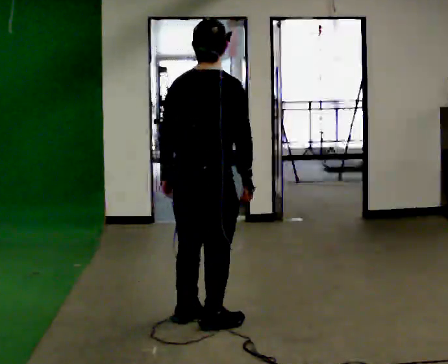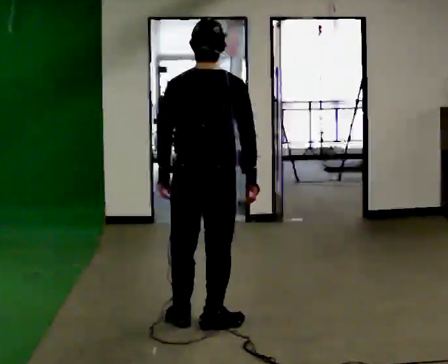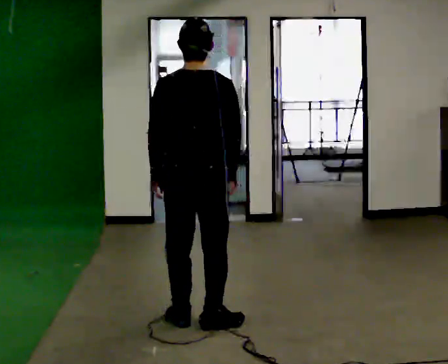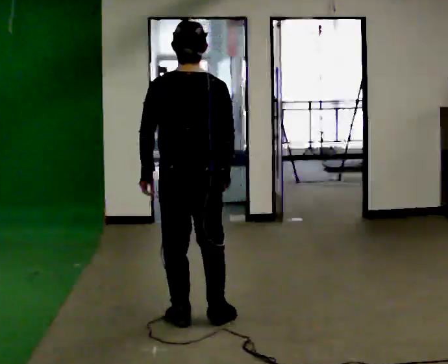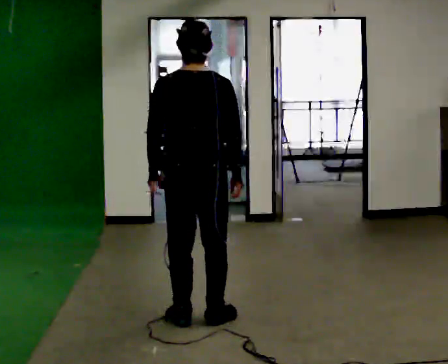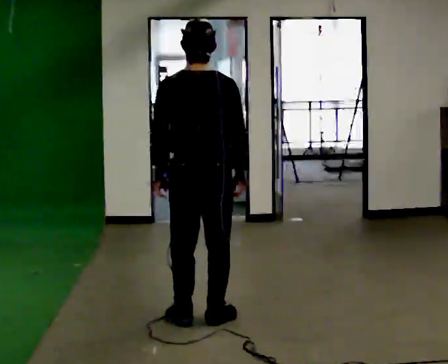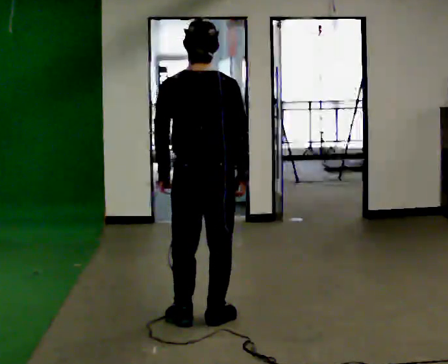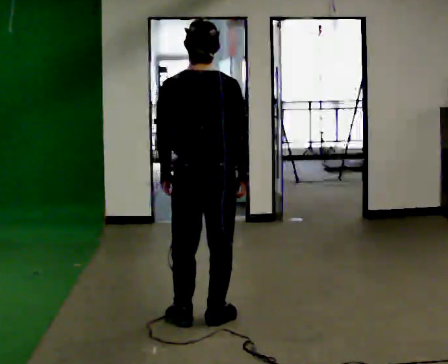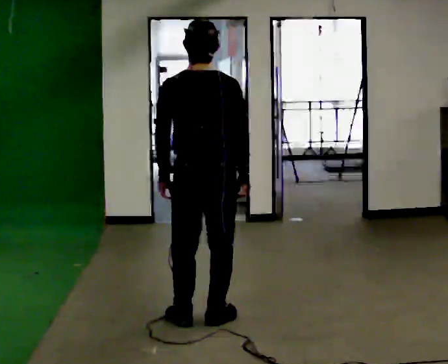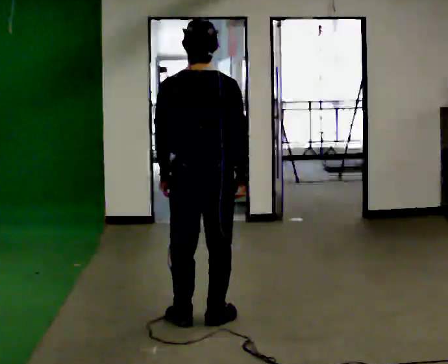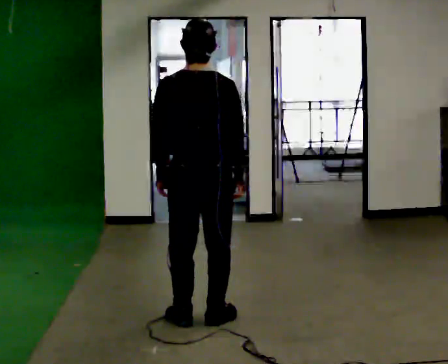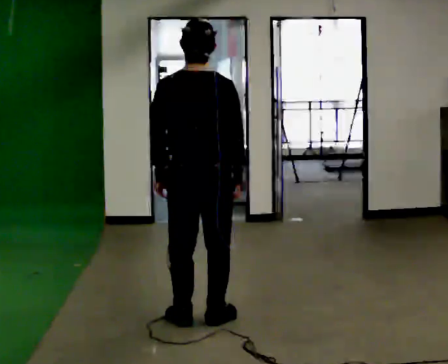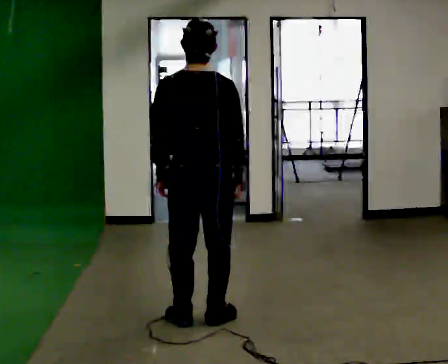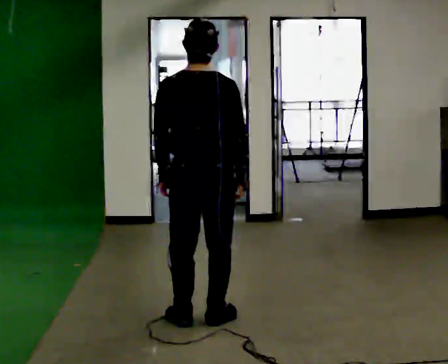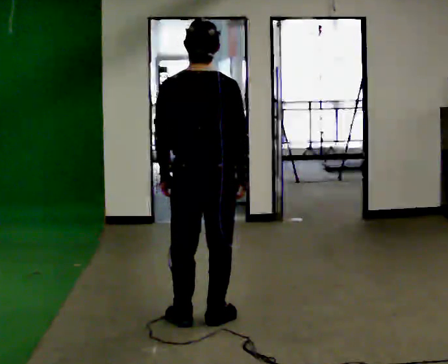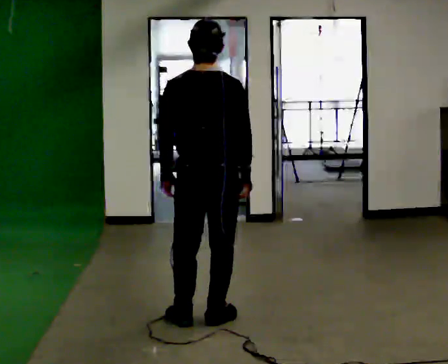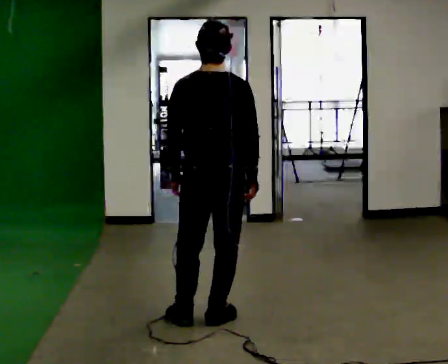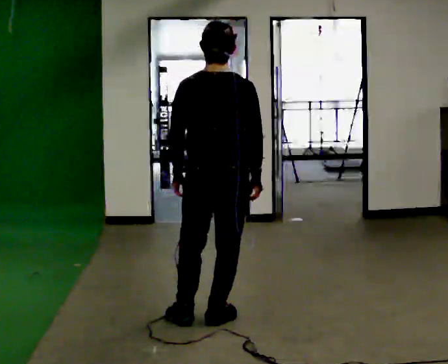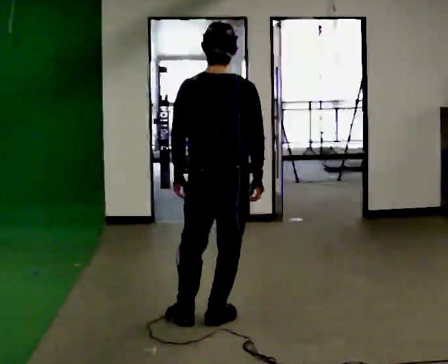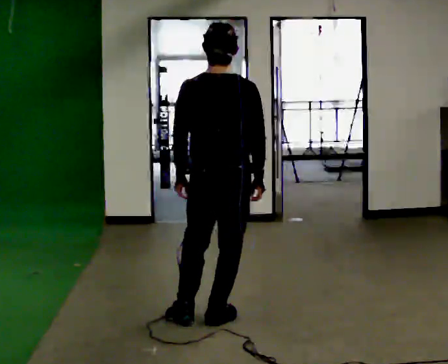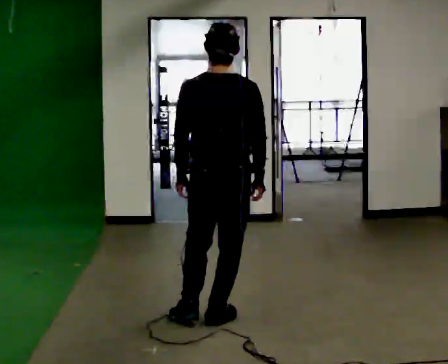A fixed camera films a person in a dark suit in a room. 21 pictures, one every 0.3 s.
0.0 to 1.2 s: The person turns about 30 degrees to their left, counterclockwise seen from above, so the part of the body nearest the lens slides to the right.
1.2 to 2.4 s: The person moves a little, or ends about where they began.
2.4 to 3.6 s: The person keeps their place and pose.
3.6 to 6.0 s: The person moves a little, or ends about where they began.
The film runs forward here.
